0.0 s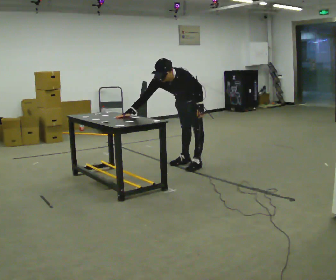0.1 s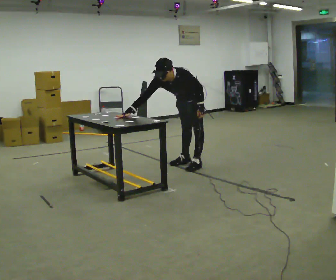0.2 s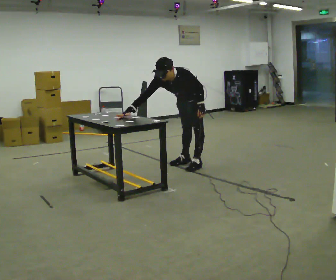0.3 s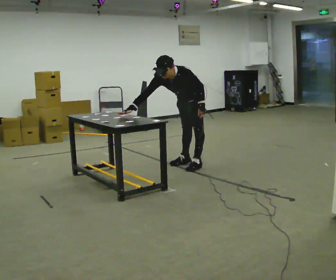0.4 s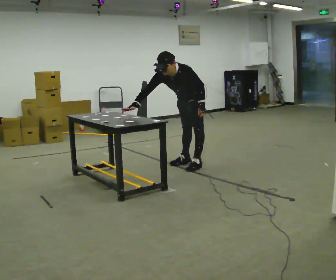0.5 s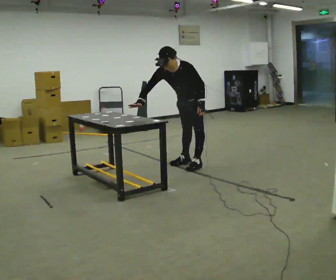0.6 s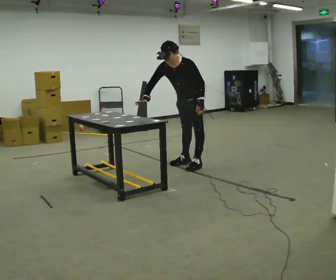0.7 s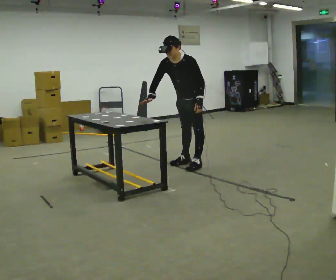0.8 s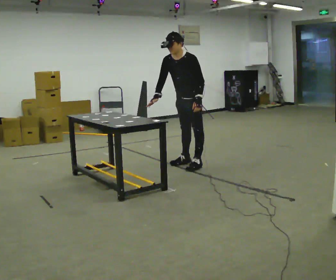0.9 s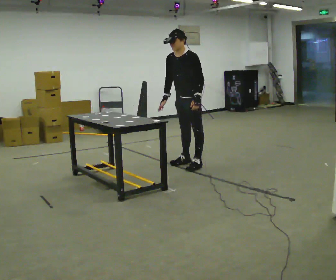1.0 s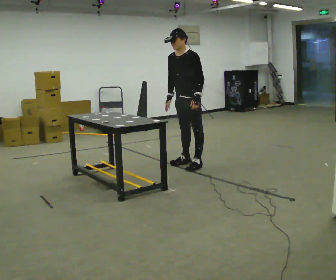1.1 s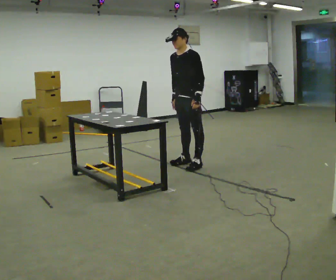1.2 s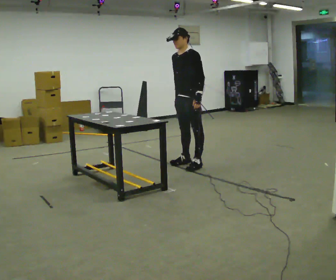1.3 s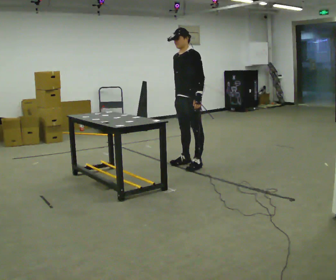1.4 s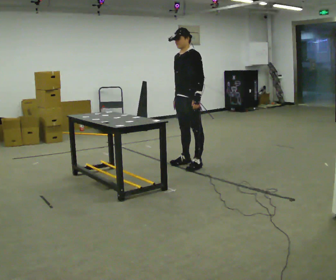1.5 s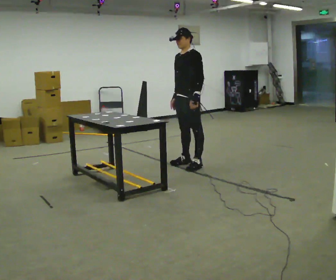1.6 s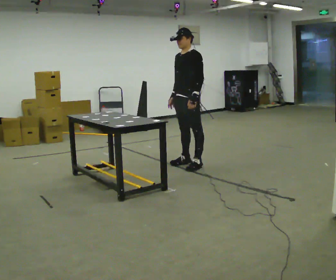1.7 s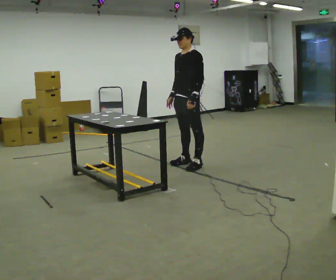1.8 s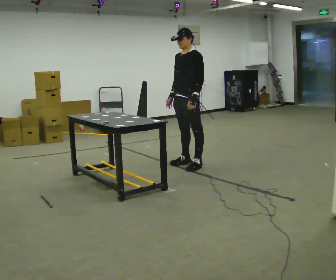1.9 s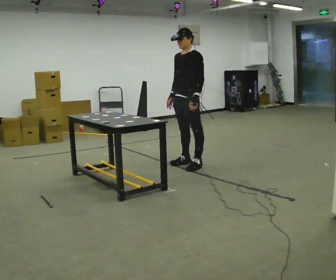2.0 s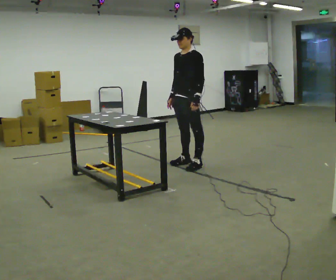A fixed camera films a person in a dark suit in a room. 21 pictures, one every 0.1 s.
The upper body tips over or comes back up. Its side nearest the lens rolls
upward.
0.0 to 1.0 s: The upper body goes upward. The upper body tips away from the camera, its near side rolling upward, as they lean back or straighten. In the picture their right hand goes to the right.
1.0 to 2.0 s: The person moves a little, or ends about where they began.
The film runs forward here.
